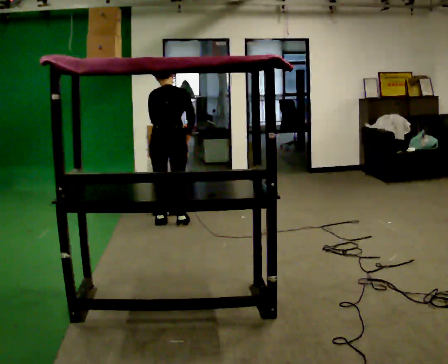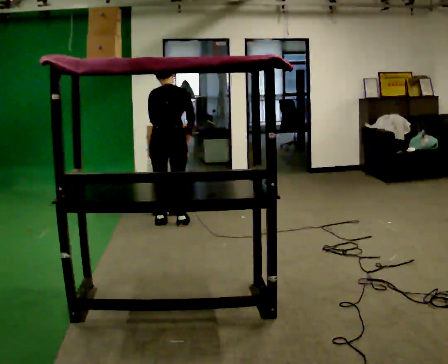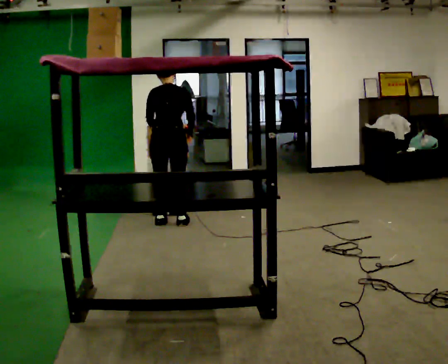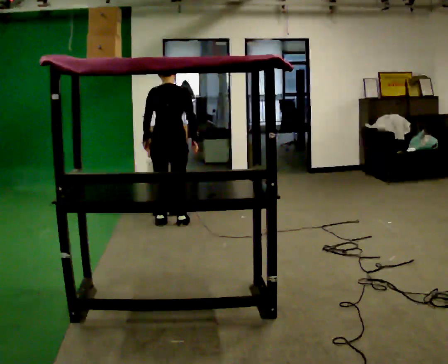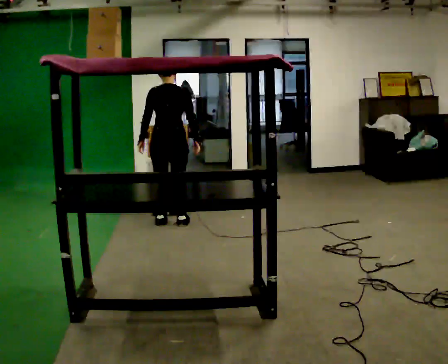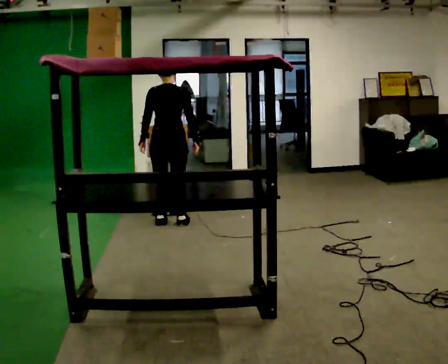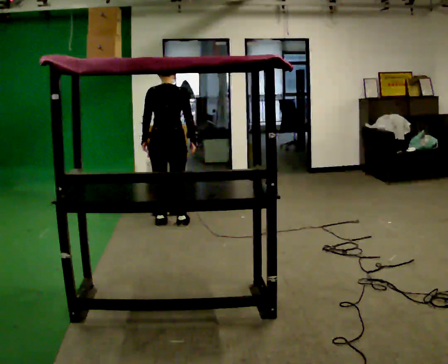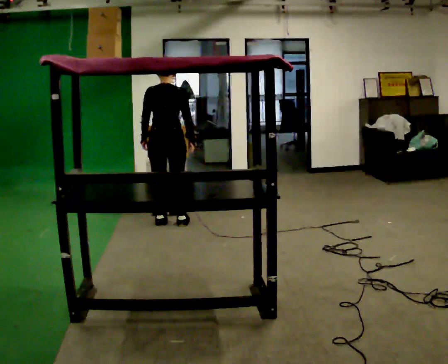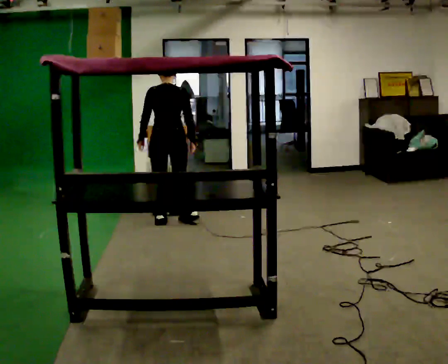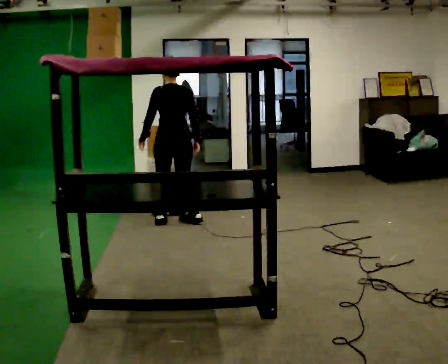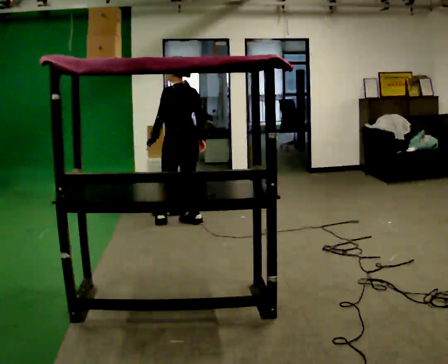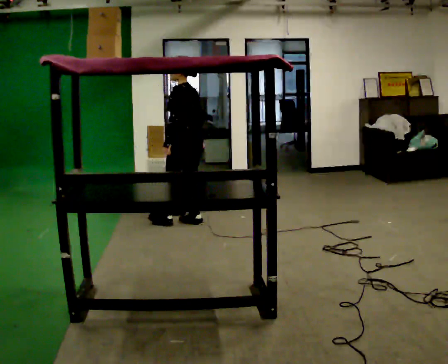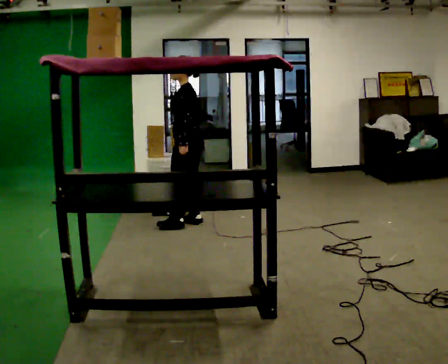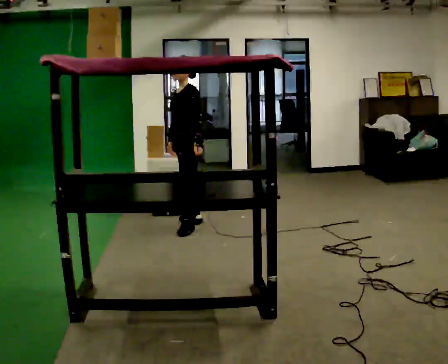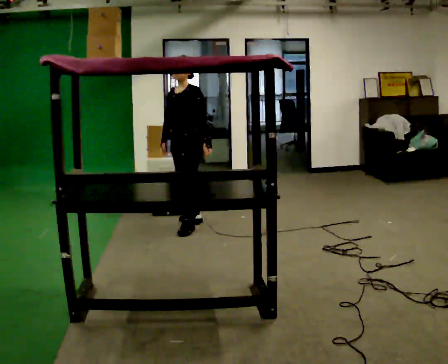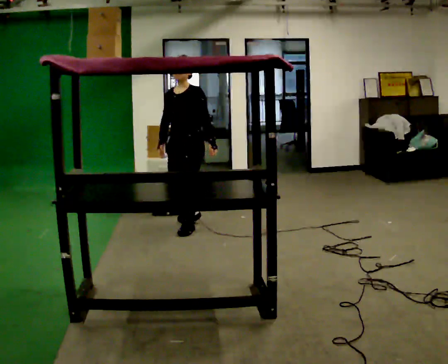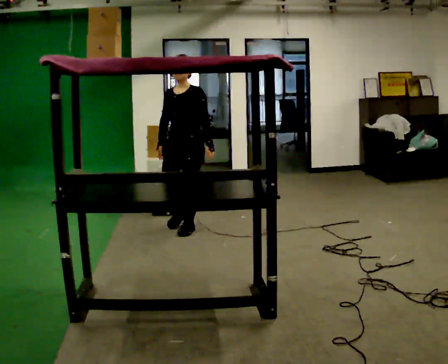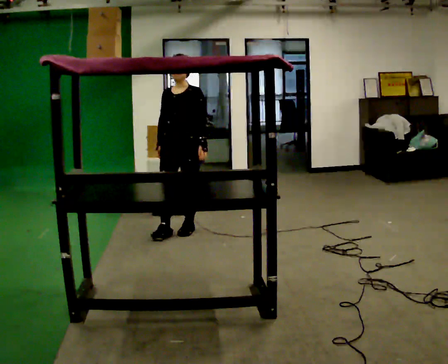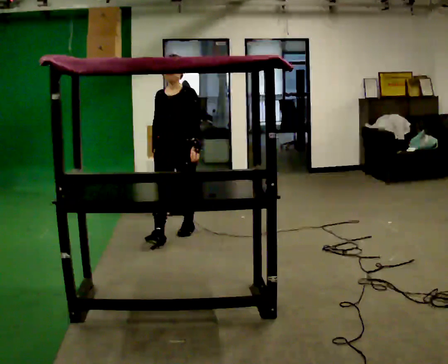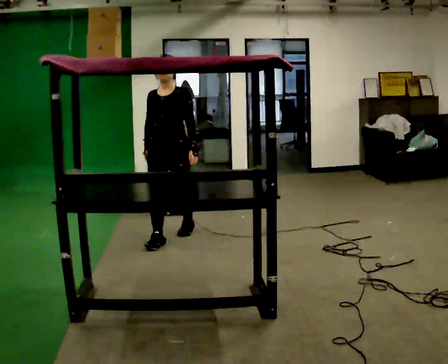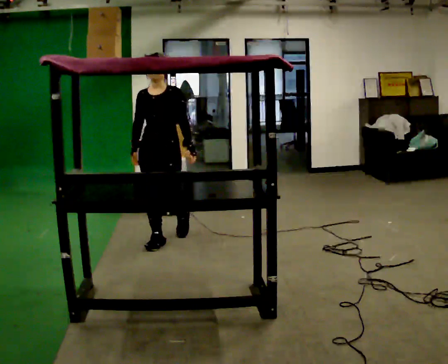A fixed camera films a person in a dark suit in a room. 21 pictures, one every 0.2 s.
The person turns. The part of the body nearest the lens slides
to the right.
The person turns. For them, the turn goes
to their left.
0.0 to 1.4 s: The upper body tips toward the camera, its near side rolling downward, as they lean back or straighten.
1.4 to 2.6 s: The part of the body nearest the lens slides to the right as the person turns to their left by about 120 degrees. In the picture they go to the right, about 0.25 m in 2 steps. In the picture their left hand goes to the right.
2.6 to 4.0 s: The person turns about 60 degrees to their left, counterclockwise seen from above, so the part of the body nearest the lens slides to the right. In the picture they go toward the camera and to the left, about 0.5 m in 1 step, which for them is forward.
The film runs forward here.
